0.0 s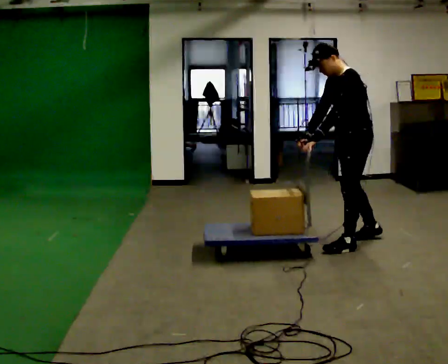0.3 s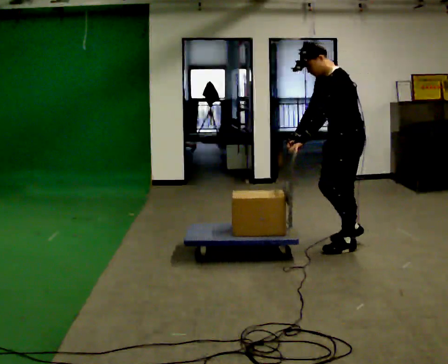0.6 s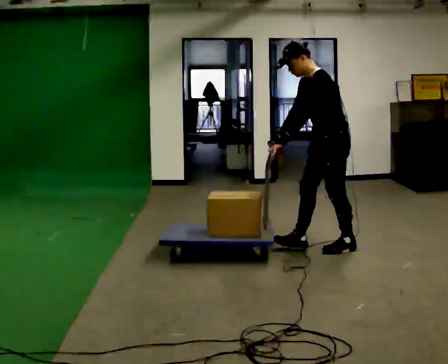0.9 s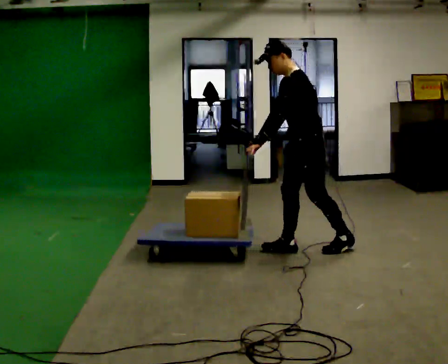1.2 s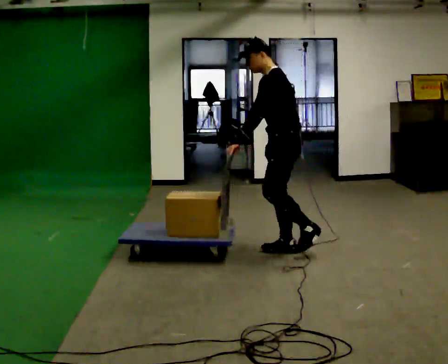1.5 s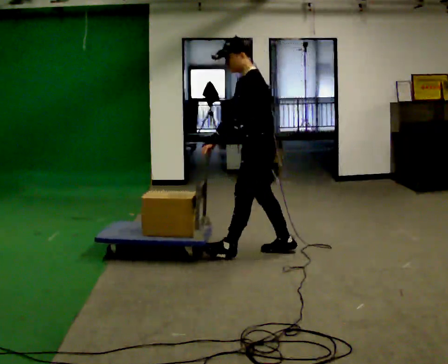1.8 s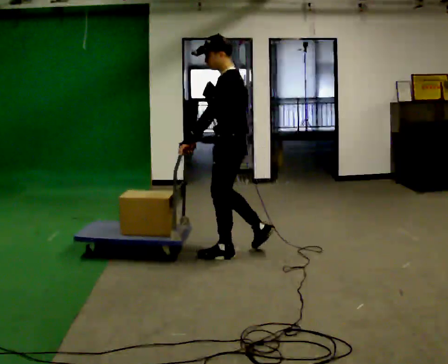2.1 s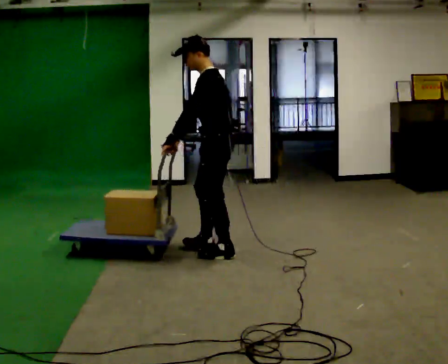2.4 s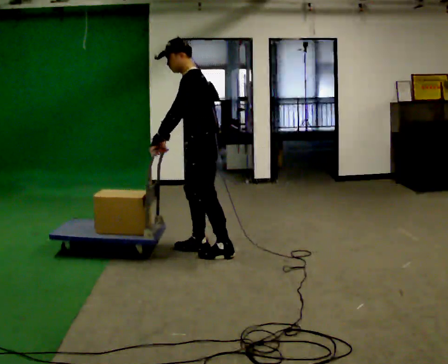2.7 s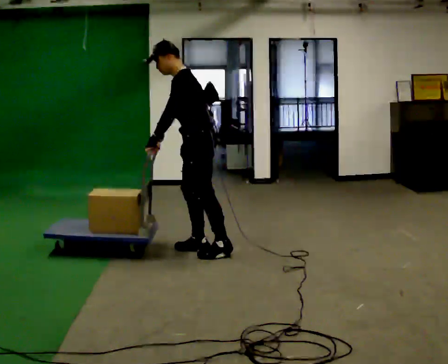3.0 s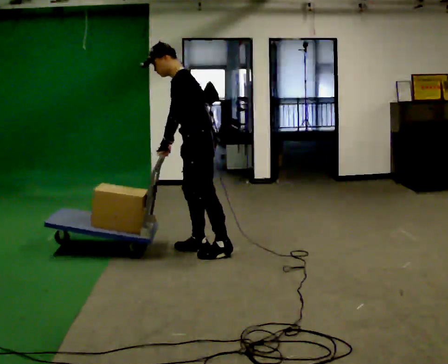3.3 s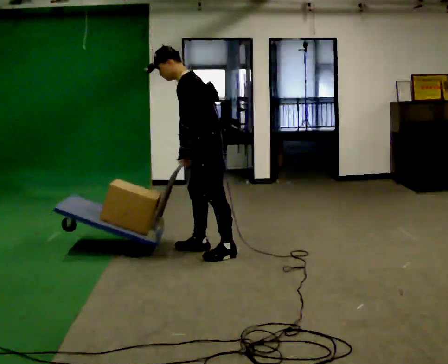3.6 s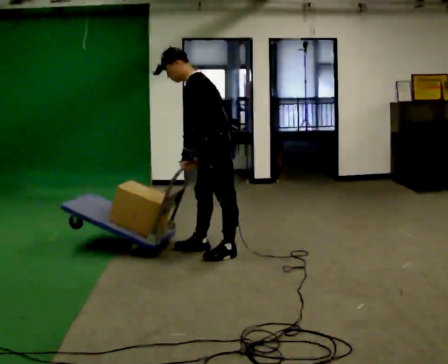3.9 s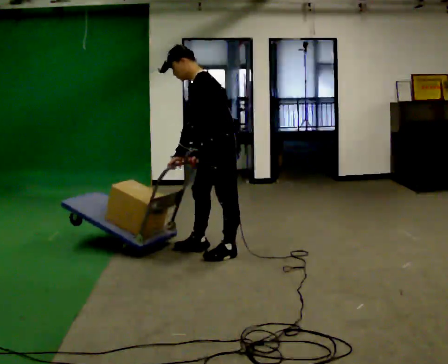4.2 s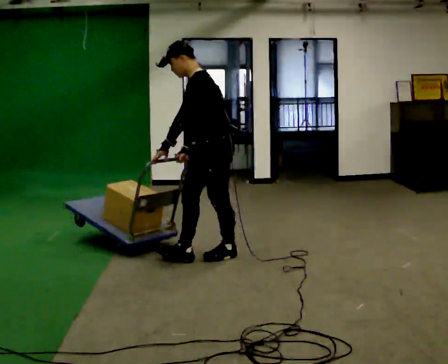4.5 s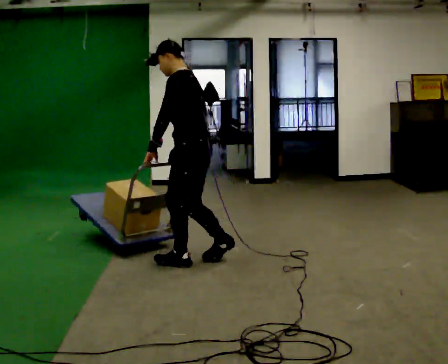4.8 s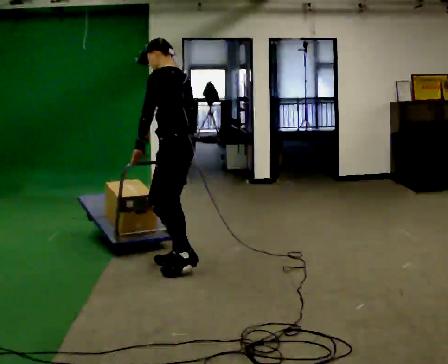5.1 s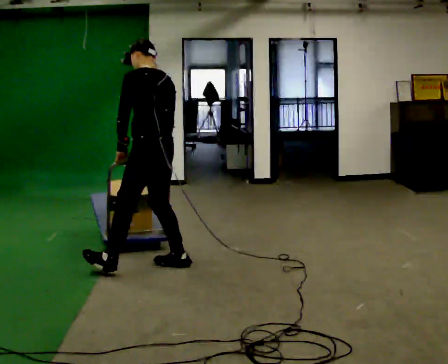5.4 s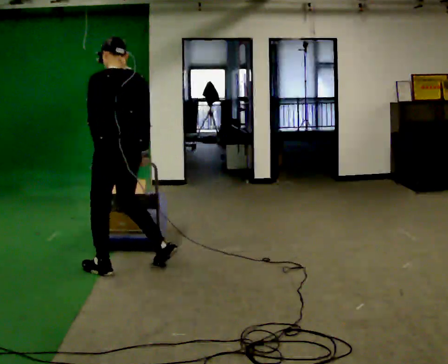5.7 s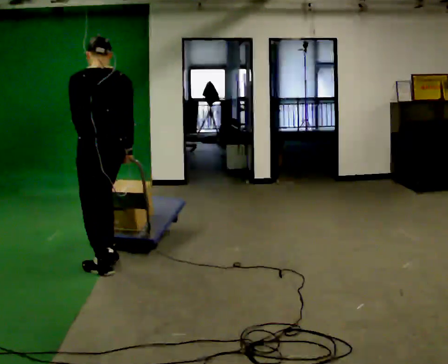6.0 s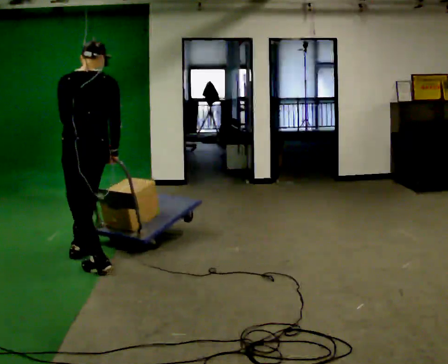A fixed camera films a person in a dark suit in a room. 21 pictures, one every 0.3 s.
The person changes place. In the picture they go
to the left.
0.0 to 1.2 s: In the picture they go to the left, about 0.5 m in 1 step, which for them is forward.
1.2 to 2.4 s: In the picture they go to the left, about 0.5 m in 2 steps, which for them is forward.
2.4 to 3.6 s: The person moves a little, or ends about where they began.
3.6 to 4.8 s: In the picture they go to the left and toward the camera, about 0.5 m in 1 step, which for them is forward and to their left. In the picture the upper body tilts clockwise, shoulders to the right, as they lean back or straighten.
4.8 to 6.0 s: The person turns about 45 degrees to their right, clockwise seen from above, so the part of the body nearest the lens slides to the left. In the picture they go to the left, about 0.75 m in 2 steps, which for them is forward and to their left.
The film runs forward here.
